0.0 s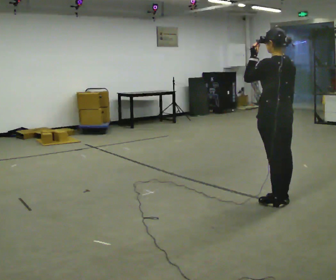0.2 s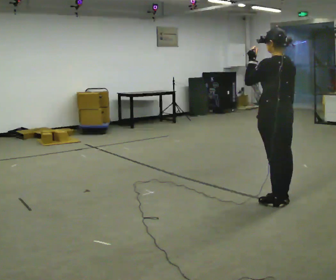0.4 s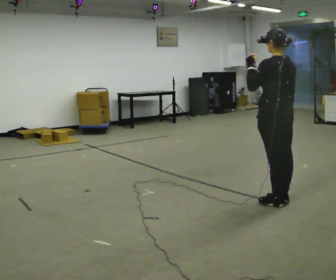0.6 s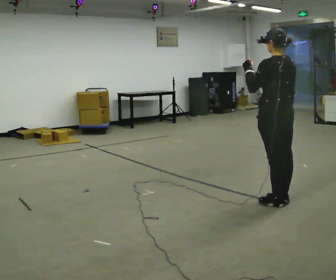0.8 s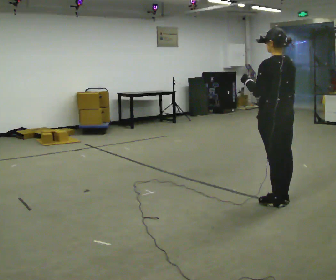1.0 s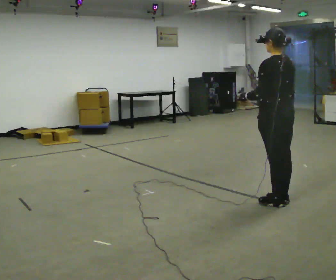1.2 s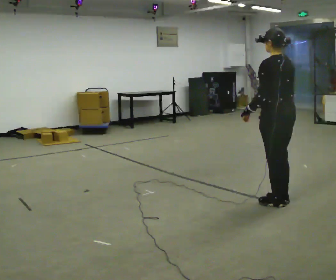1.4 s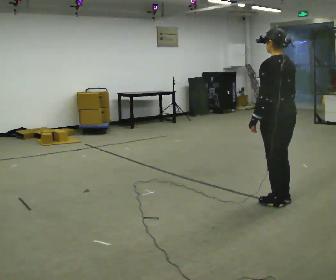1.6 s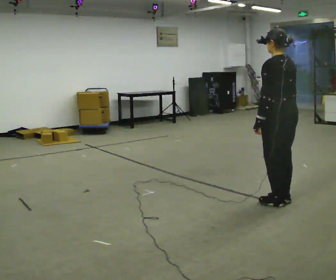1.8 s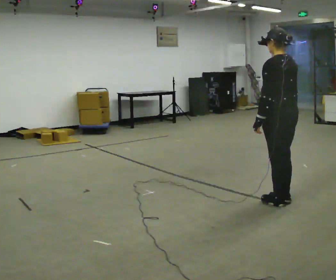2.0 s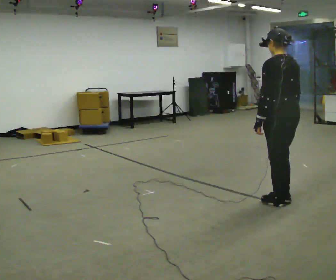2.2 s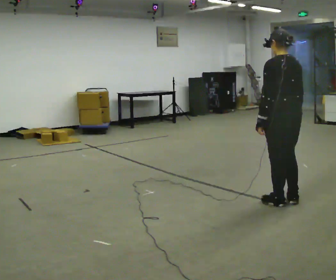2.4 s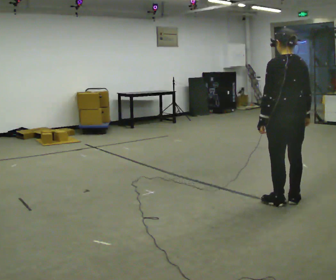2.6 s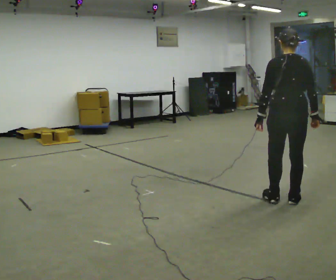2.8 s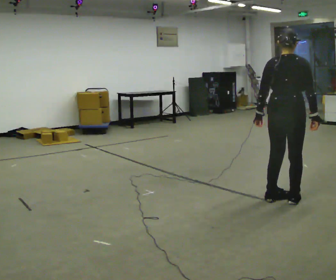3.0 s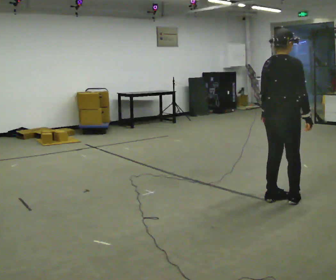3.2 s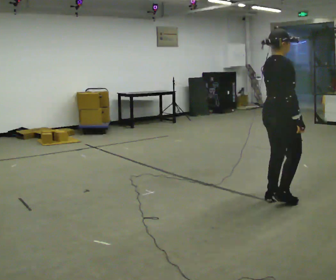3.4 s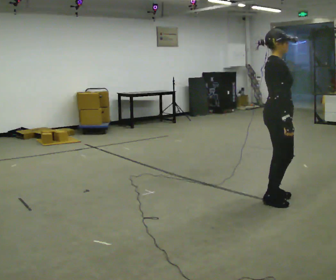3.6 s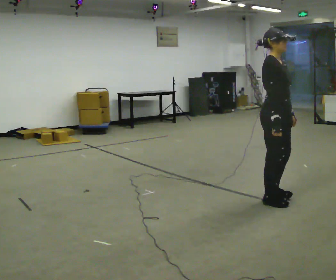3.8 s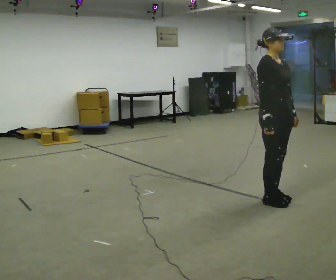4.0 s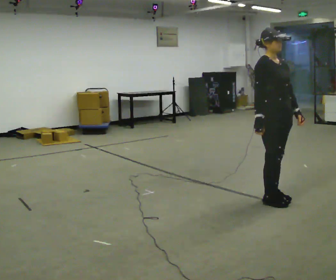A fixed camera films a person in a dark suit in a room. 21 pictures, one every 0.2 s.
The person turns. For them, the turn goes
to their right.
Their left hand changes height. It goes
downward.
0.0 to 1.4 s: In the picture their left hand goes downward.
1.4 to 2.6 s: The person turns about 45 degrees to their right, clockwise seen from above, so the part of the body nearest the lens slides to the left.
2.6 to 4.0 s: Seen from above the body turns clockwise, about 135 degrees: to their right, with its near side sliding to the left. In the picture their left hand goes to the right, the arm swinging counterclockwise.
The film runs backward here.
